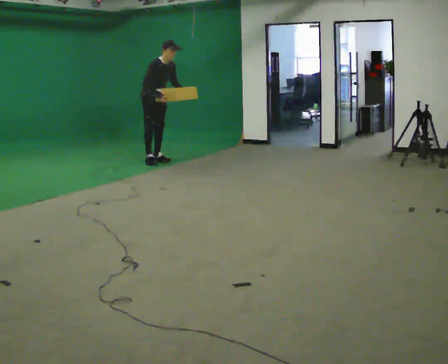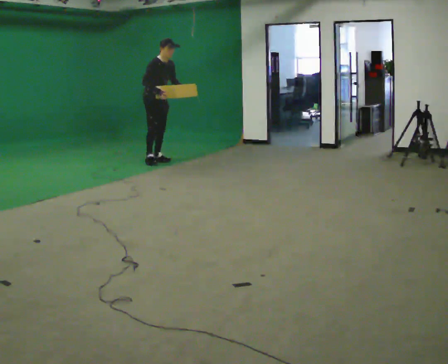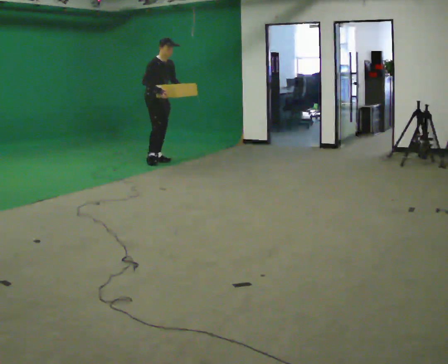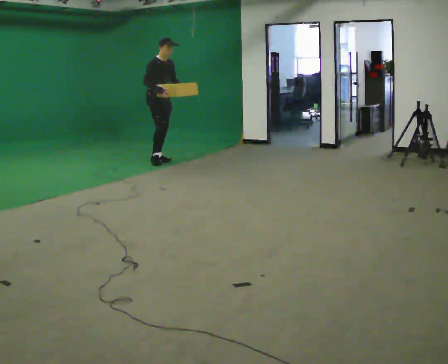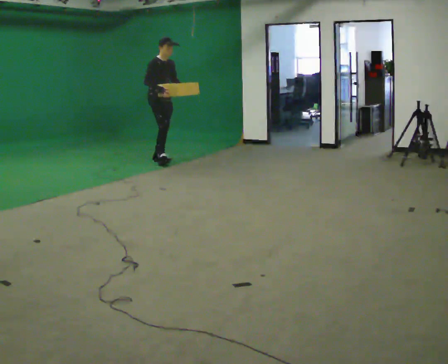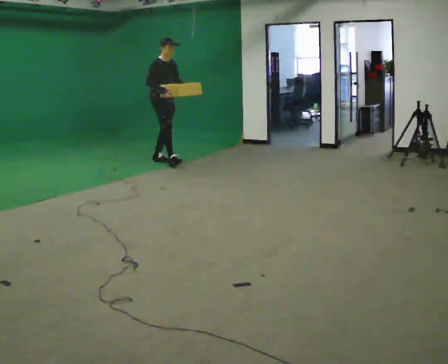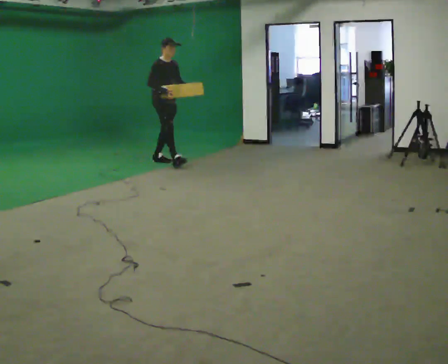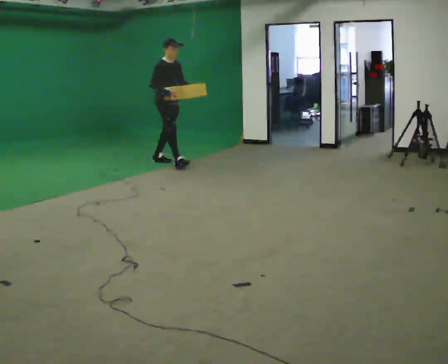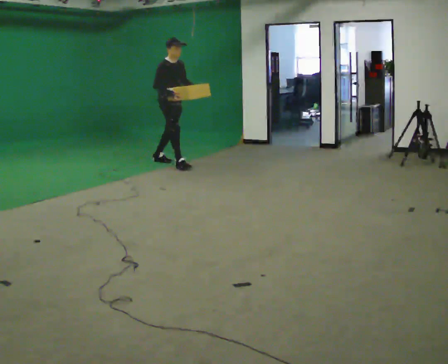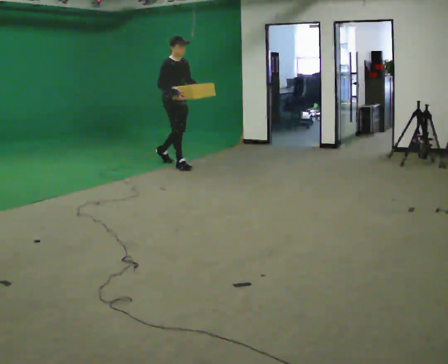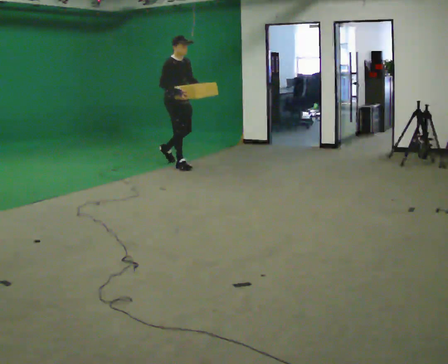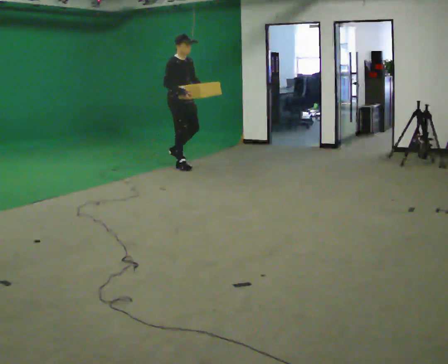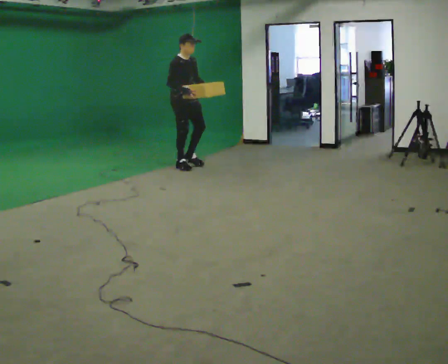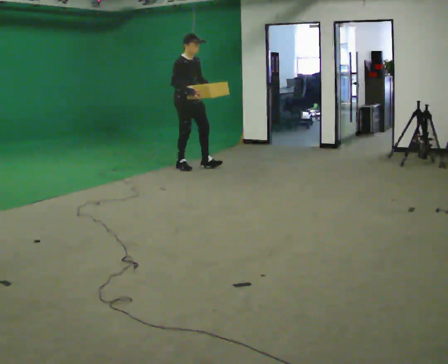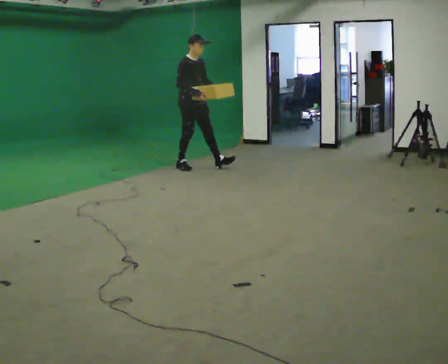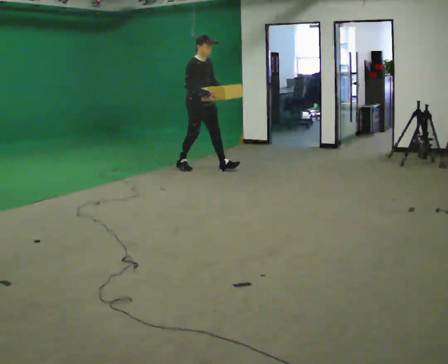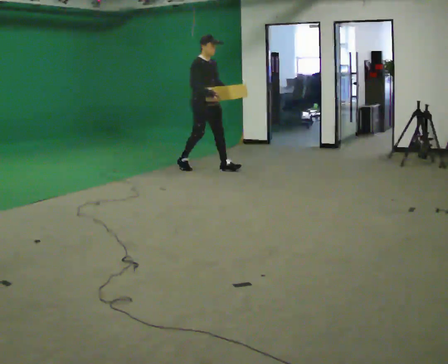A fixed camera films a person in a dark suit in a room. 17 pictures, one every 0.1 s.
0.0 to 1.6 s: In the picture they go to the right and toward the camera, about 1 m in 2 steps, which for them is forward. In the picture the upper body tilts counterclockwise, shoulders to the left, as they lean back or straighten.
The film runs forward here.
